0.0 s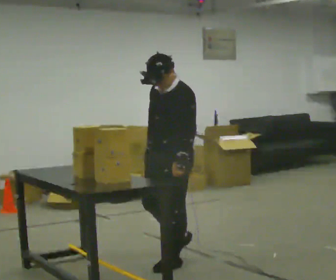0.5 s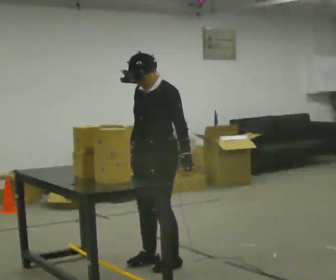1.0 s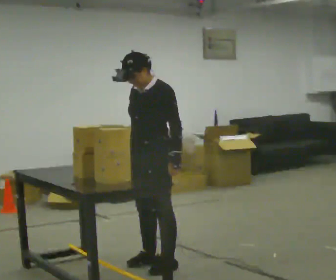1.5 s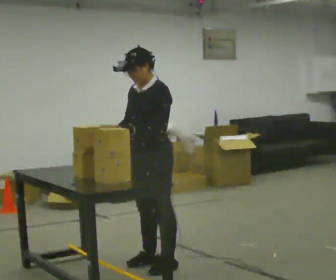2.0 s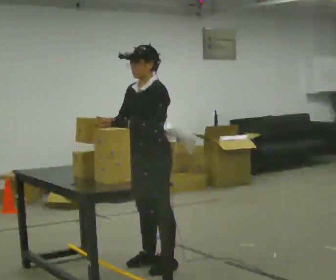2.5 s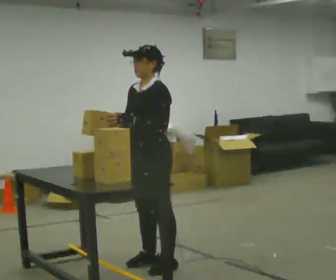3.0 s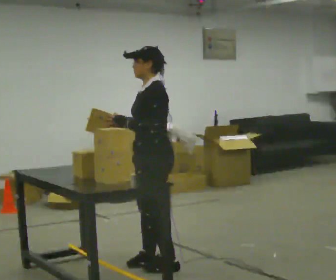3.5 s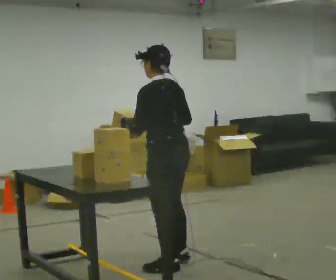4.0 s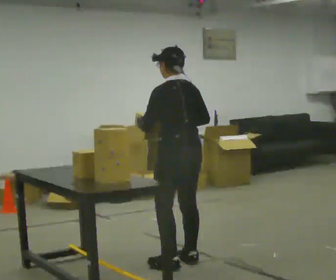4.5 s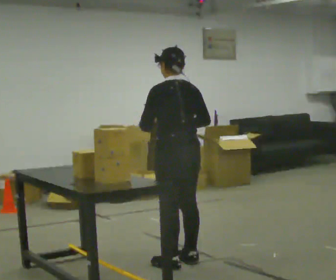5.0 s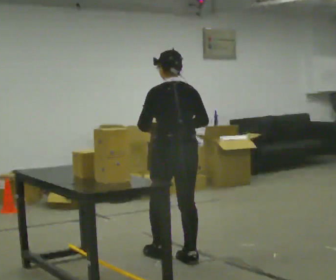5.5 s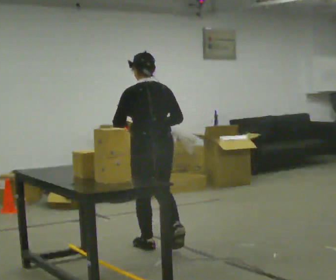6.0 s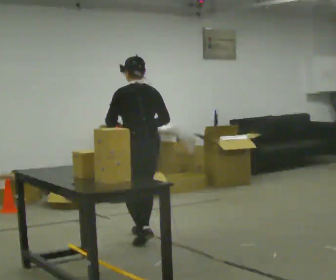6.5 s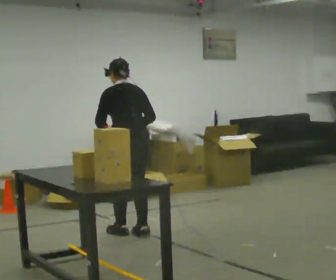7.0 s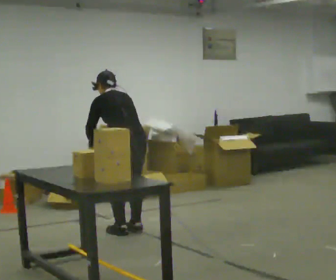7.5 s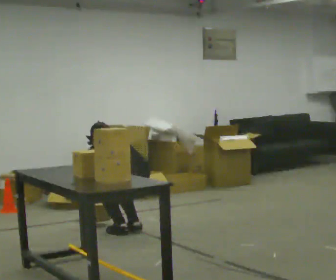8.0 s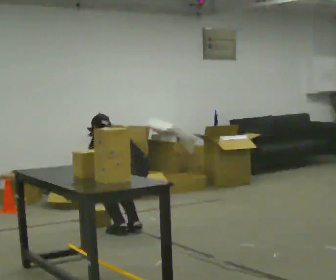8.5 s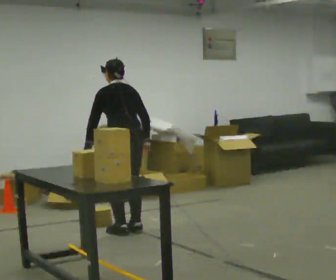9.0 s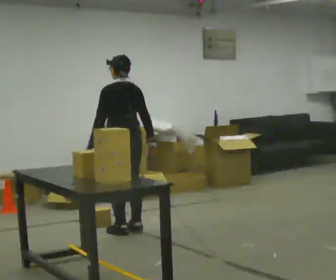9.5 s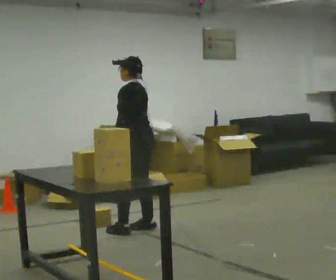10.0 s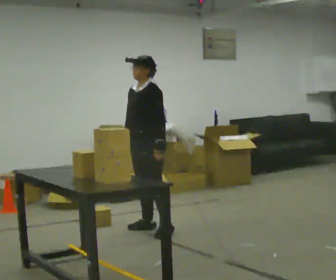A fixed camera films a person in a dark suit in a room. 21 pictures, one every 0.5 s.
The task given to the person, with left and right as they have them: Take an object off the waist-height shelf, carry it across the room, and set it down on the floor. Keep going until the operator says stop; one object at a time, and do not rush between trips.
0.0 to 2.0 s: In the picture they go to the left, about 0.25 m in 1 step, which for them is forward.
2.0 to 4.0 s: Seen from above the body turns clockwise, about 90 degrees: to their right, with its near side sliding to the left. In the picture they go to the right, about 0.25 m in 1 step. In the picture their right hand goes to the right.
4.0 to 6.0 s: In the picture they go away from the camera and to the left, about 1 m in 2 steps, which for them is forward.
6.0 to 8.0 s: In the picture they go away from the camera, about 0.25 m in 2 steps, which for them is forward. The upper body tips away from the camera, its near side rolling upward, as they bend forward. In the picture their left hand goes downward.
8.0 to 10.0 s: The part of the body nearest the lens slides to the right as the person turns to their left by about 90 degrees. In the picture they go to the right, about 0.25 m in 2 steps. The upper body goes upward. The upper body tips toward the camera, its near side rolling downward, as they lean back or straighten. In the picture their left hand goes to the right and upward, the arm swinging counterclockwise.
The film runs forward here.
